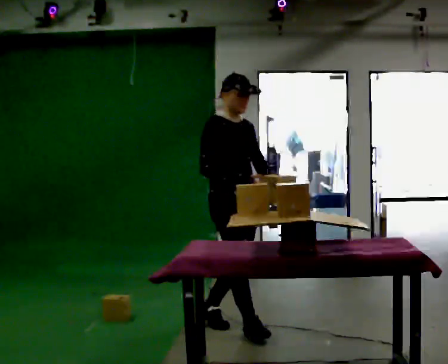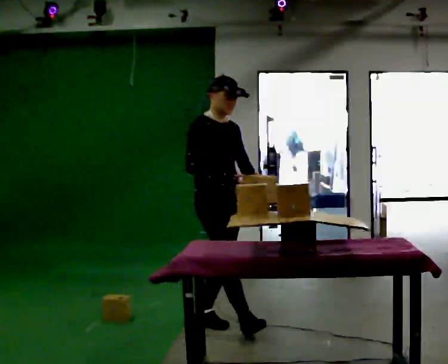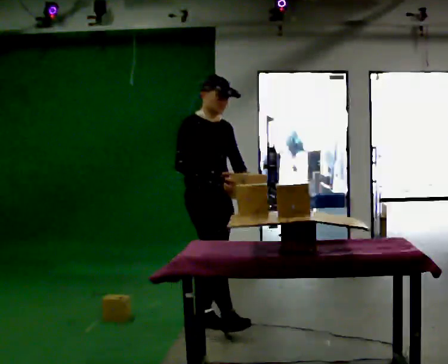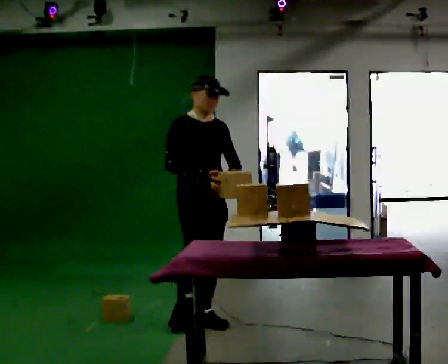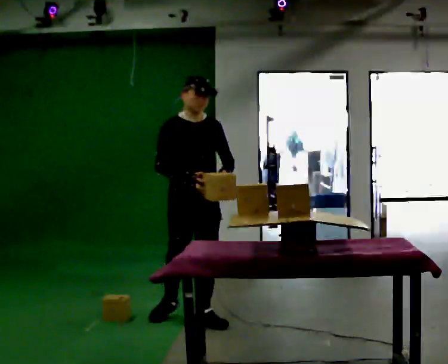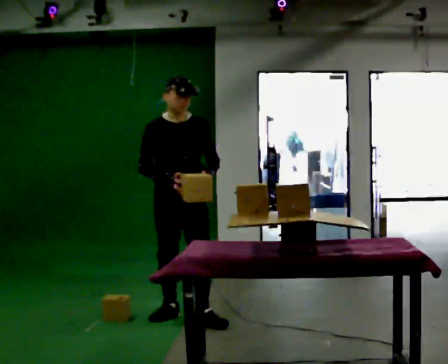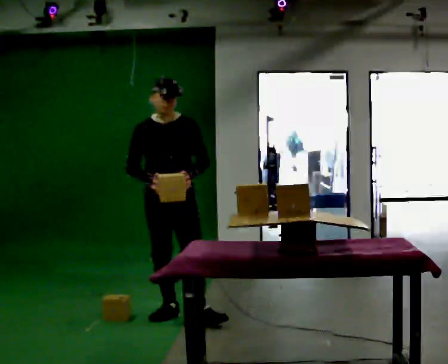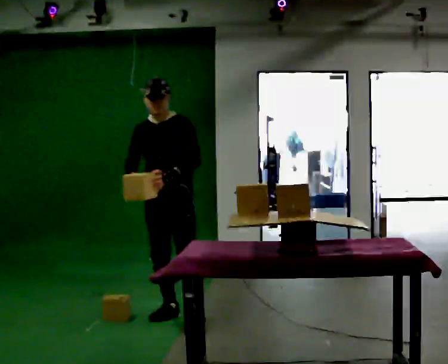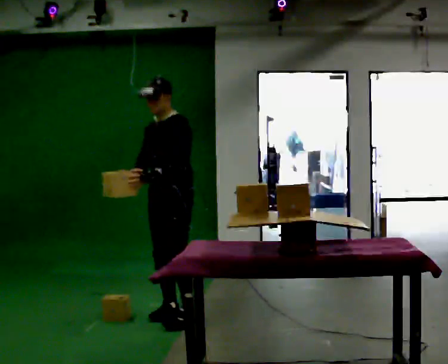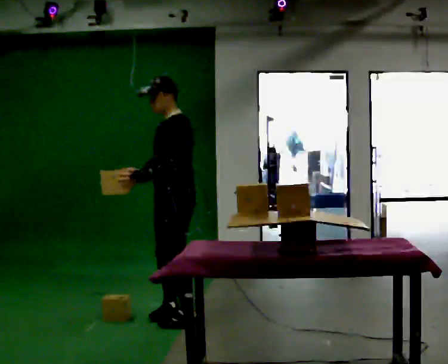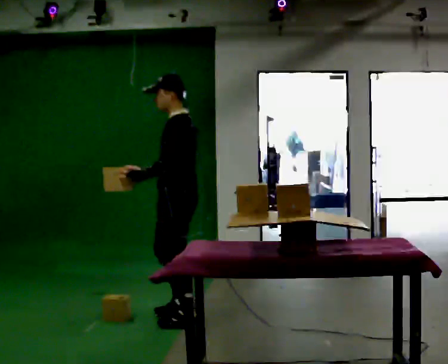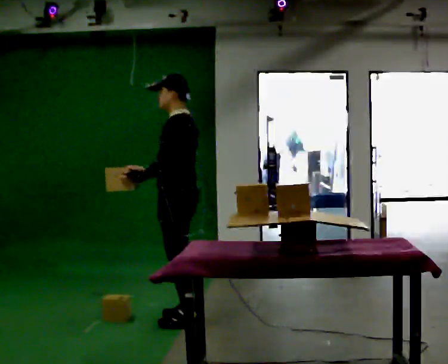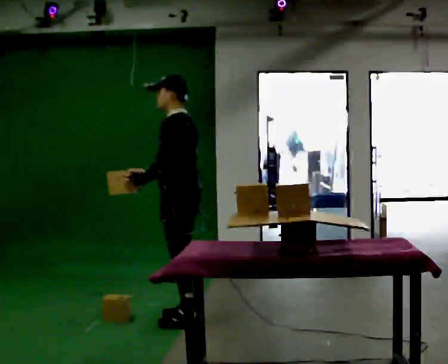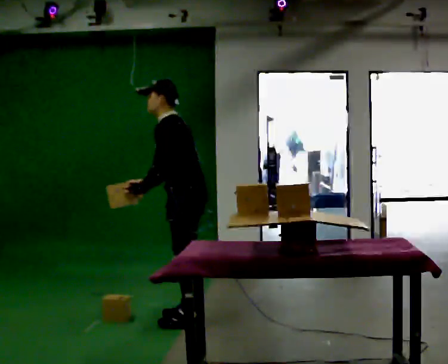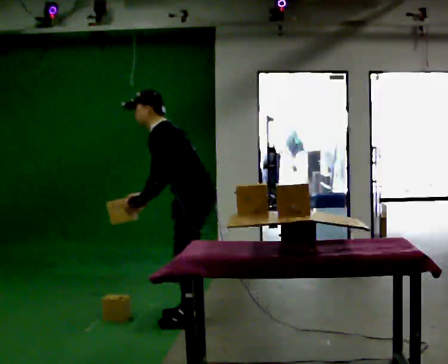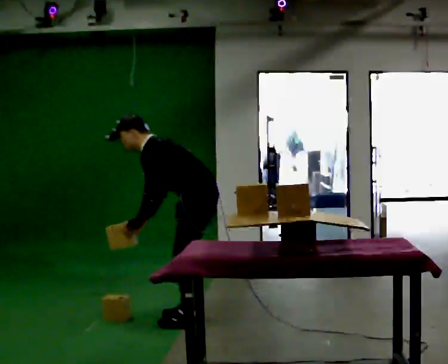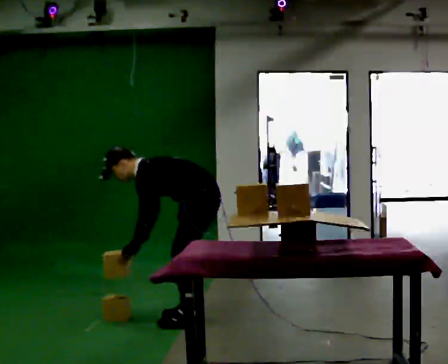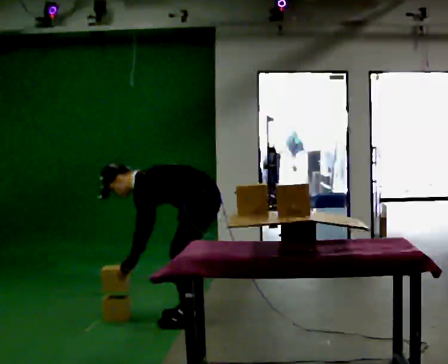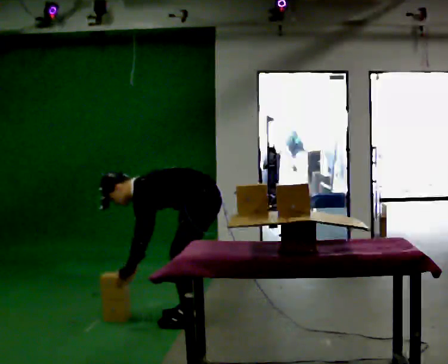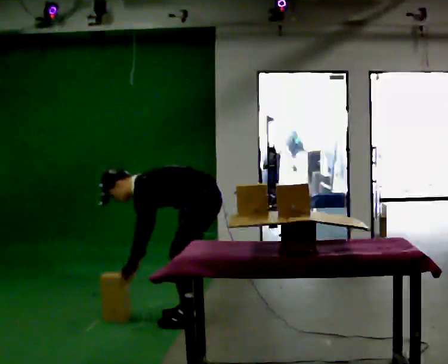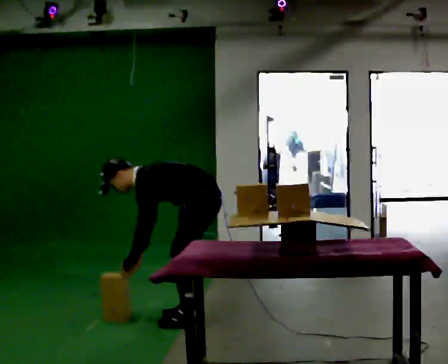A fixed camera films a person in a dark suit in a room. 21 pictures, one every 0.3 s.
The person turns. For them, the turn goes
to their right.
The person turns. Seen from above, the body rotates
clockwise.
0.0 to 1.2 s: The person turns about 30 degrees to their right, clockwise seen from above, so the part of the body nearest the lens slides to the left. In the picture they go away from the camera and to the left, about 0.5 m in 1 step, which for them is backward.
1.2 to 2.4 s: The person turns about 75 degrees to their right, clockwise seen from above, so the part of the body nearest the lens slides to the left. In the picture their left hand goes to the left, the arm swinging clockwise.
2.4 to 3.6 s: The person turns about 45 degrees to their right, clockwise seen from above, so the part of the body nearest the lens slides to the left.
3.6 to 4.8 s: The shoulders move downward. In the picture the upper body tilts counterclockwise, shoulders to the left, as they bend forward. In the picture their left hand goes downward.
4.8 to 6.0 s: The person moves a little, or ends about where they began.
The film runs backward here.
